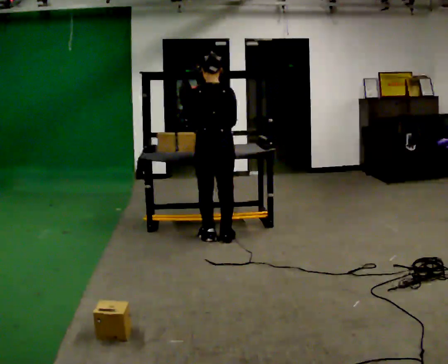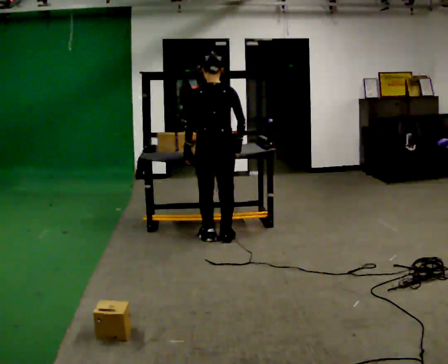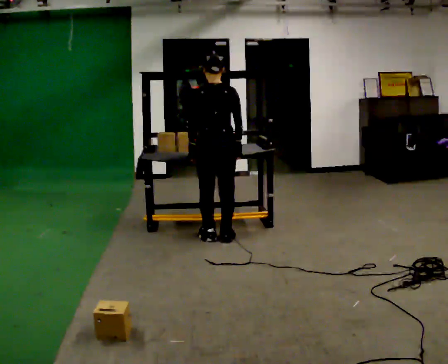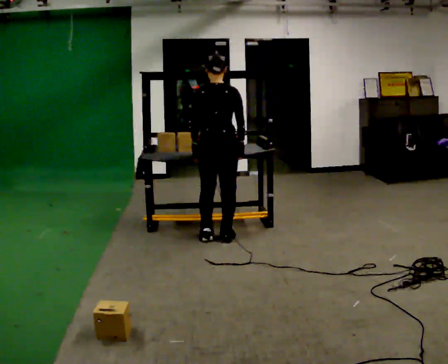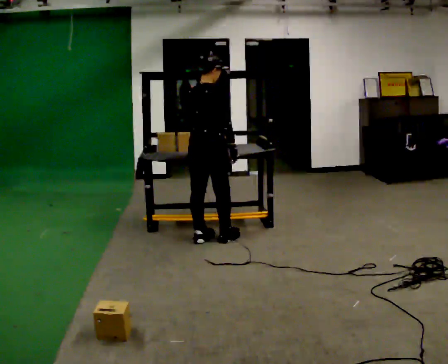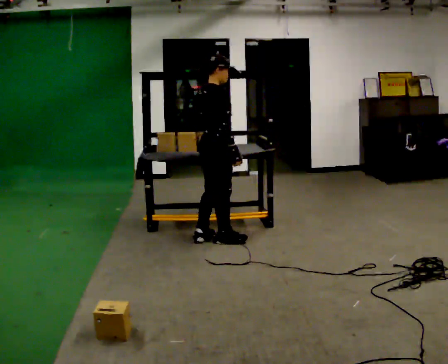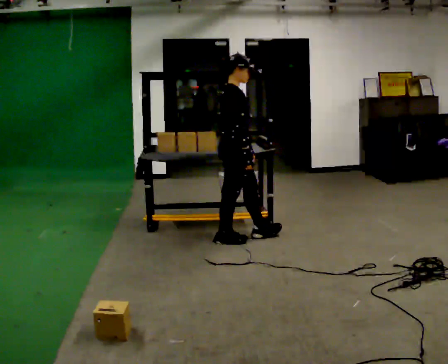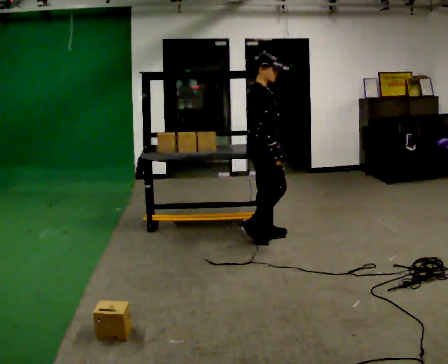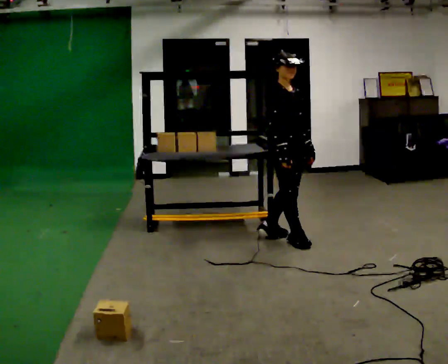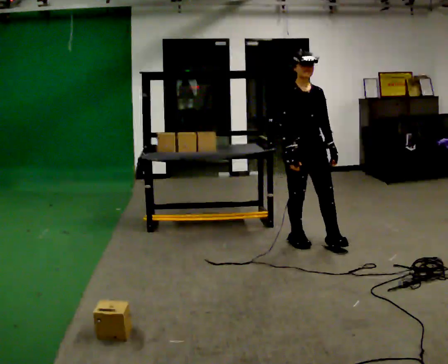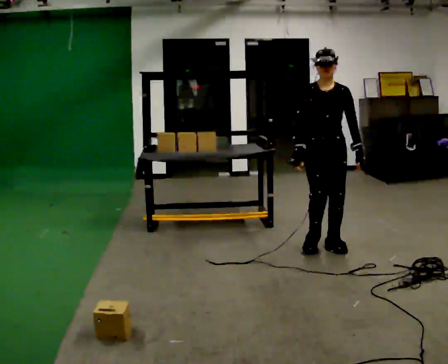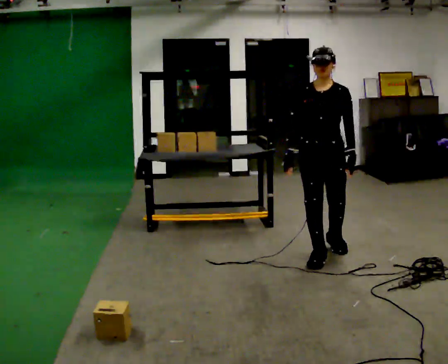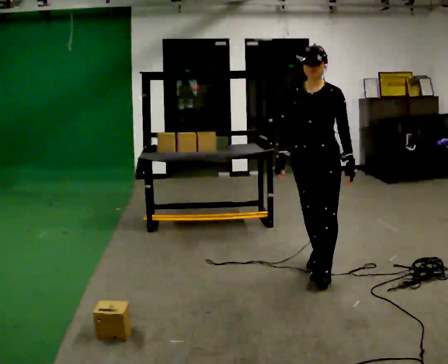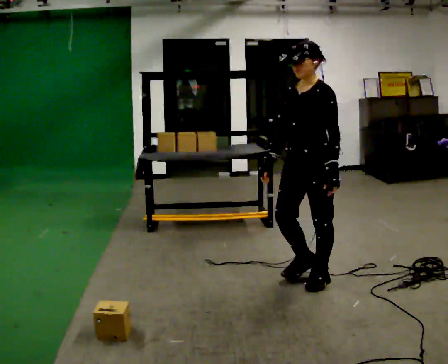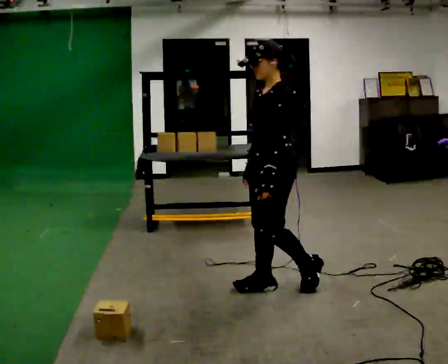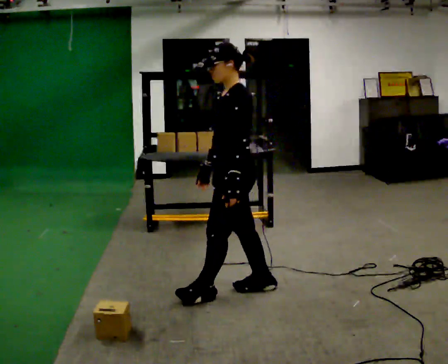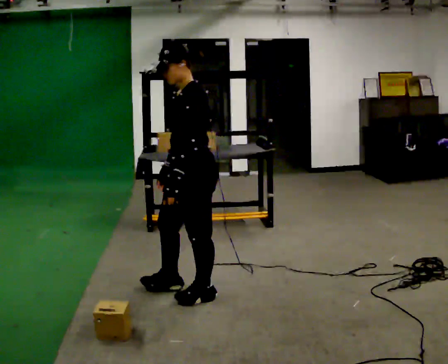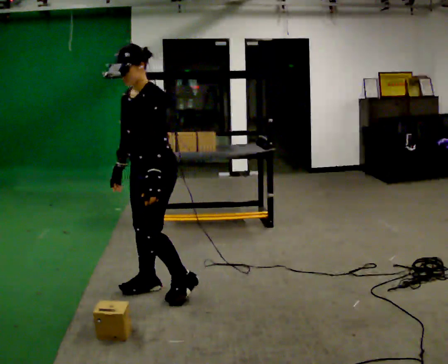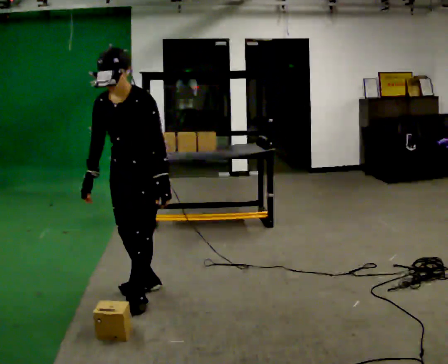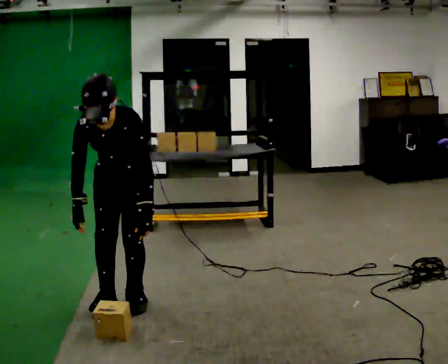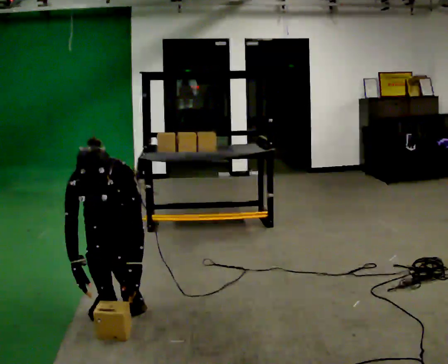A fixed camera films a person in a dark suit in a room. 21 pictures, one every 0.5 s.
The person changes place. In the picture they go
toward the camera.
The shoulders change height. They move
downward.
0.0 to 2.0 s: The part of the body nearest the lens slides to the left as the person turns to their right by about 45 degrees.
2.0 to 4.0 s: The part of the body nearest the lens slides to the left as the person turns to their right by about 90 degrees. In the picture they go to the right, about 0.75 m in 2 steps.
4.0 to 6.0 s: Seen from above the body turns clockwise, about 75 degrees: to their right, with its near side sliding to the left. In the picture they go toward the camera and to the right, about 0.75 m in 3 steps.
6.0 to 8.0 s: The person turns about 45 degrees to their right, clockwise seen from above, so the part of the body nearest the lens slides to the left. In the picture they go to the left and toward the camera, about 1 m in 2 steps, which for them is forward.
8.0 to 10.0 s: The part of the body nearest the lens slides to the right as the person turns to their left by about 75 degrees. In the picture they go to the left and toward the camera, about 0.5 m in 3 steps. The upper body goes downward. The upper body tips toward the camera, its near side rolling downward, as they bend forward. In the picture their right hand goes downward.
The film runs forward here.
